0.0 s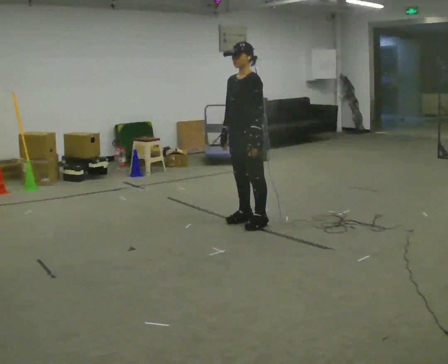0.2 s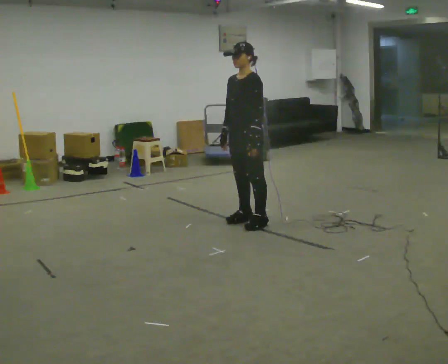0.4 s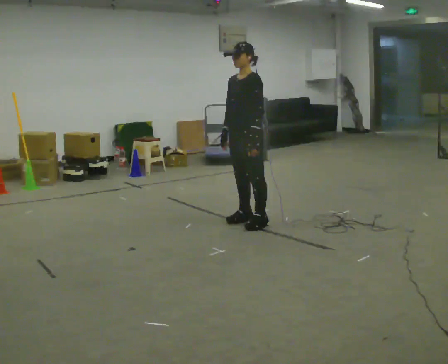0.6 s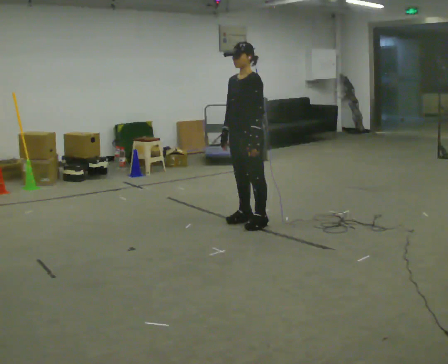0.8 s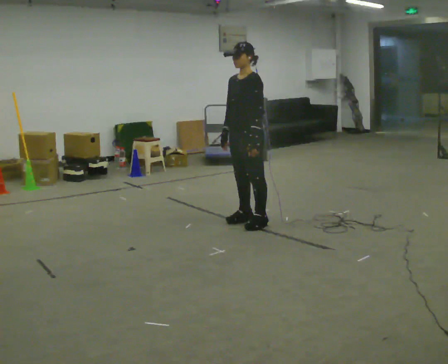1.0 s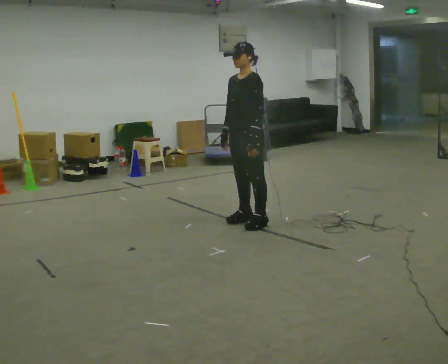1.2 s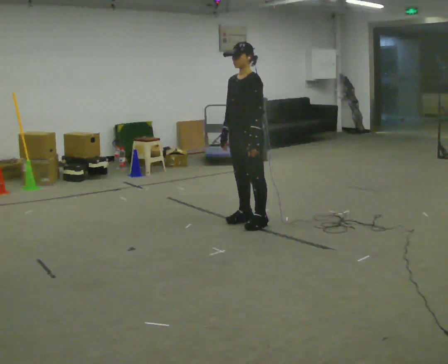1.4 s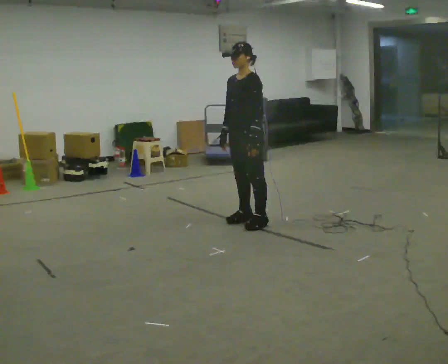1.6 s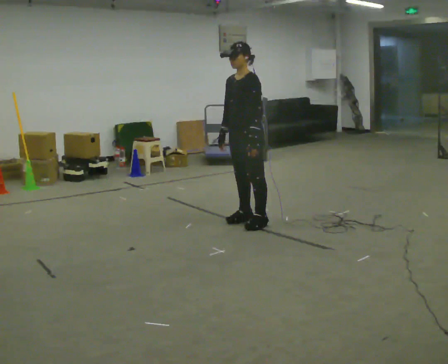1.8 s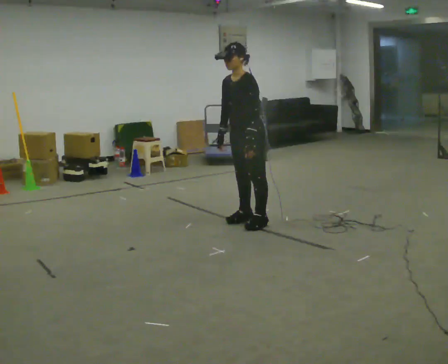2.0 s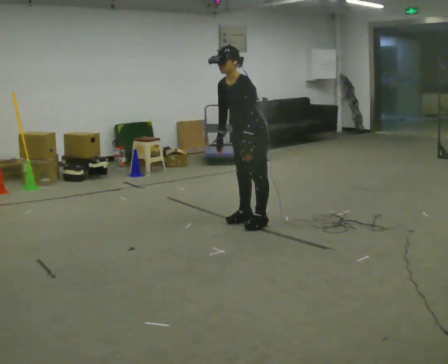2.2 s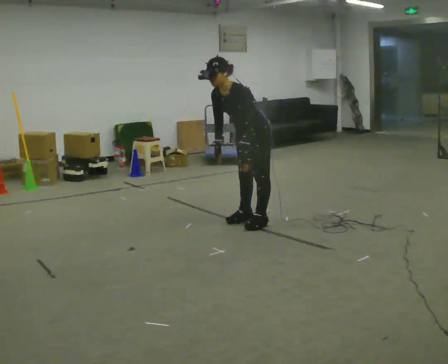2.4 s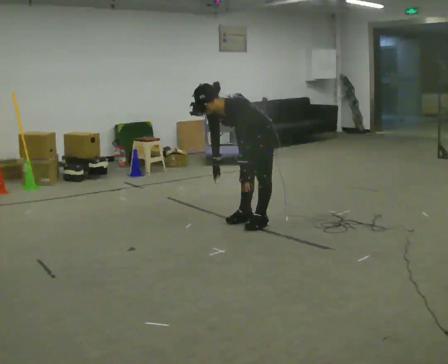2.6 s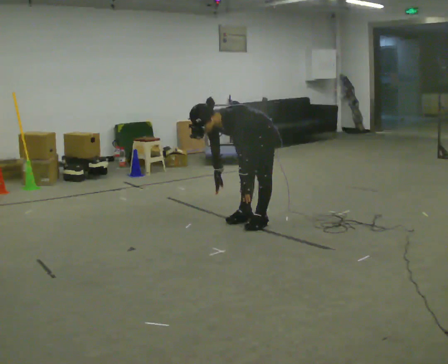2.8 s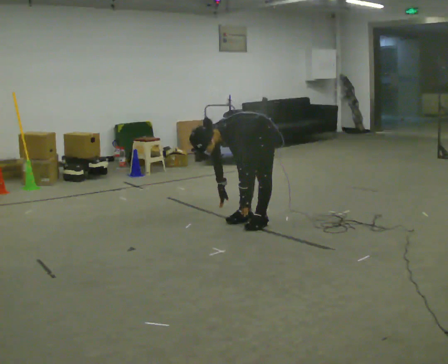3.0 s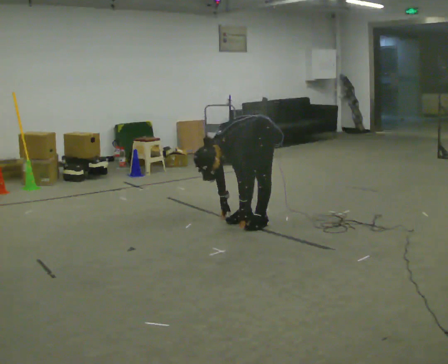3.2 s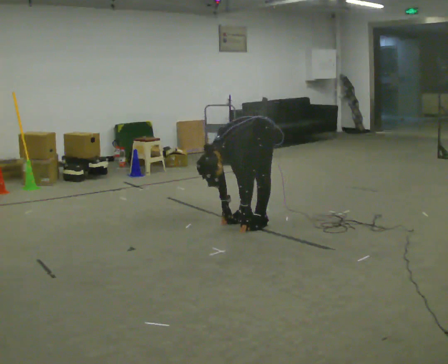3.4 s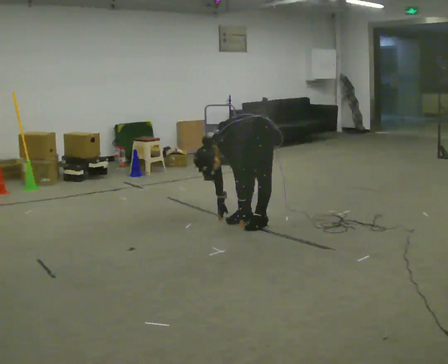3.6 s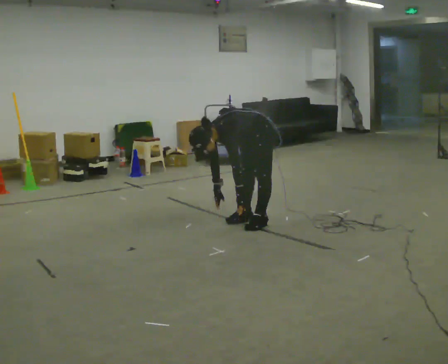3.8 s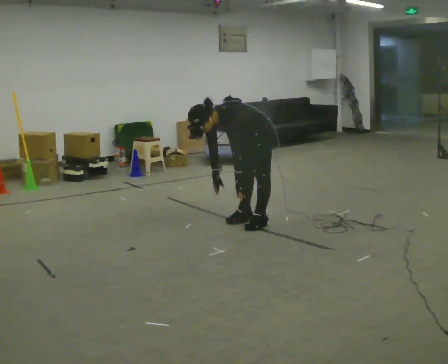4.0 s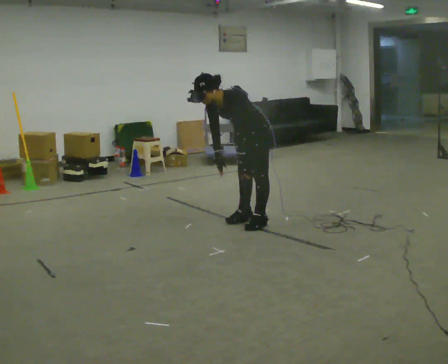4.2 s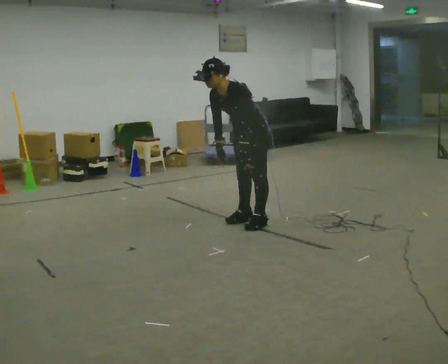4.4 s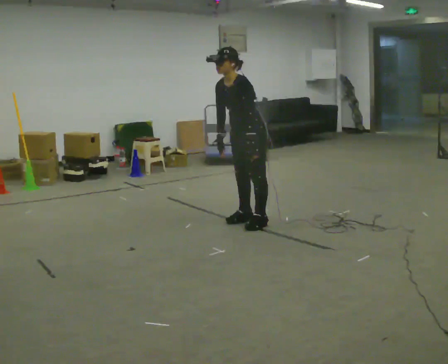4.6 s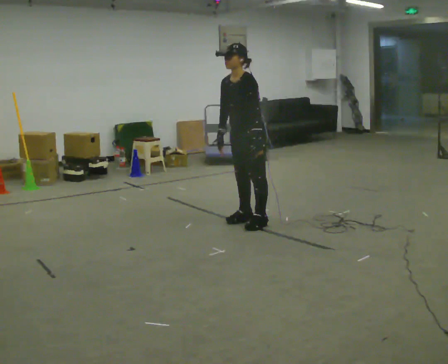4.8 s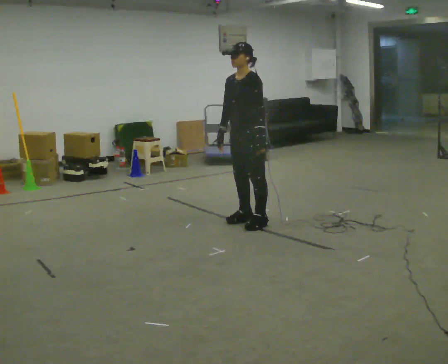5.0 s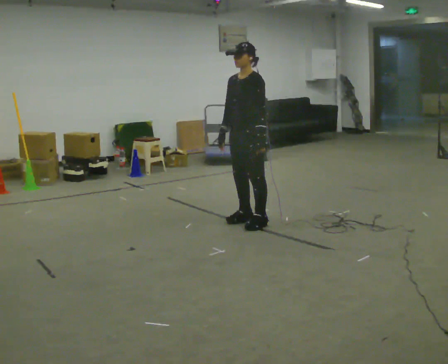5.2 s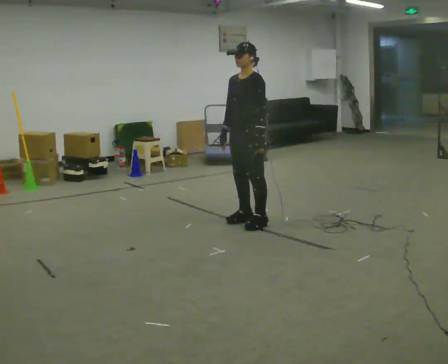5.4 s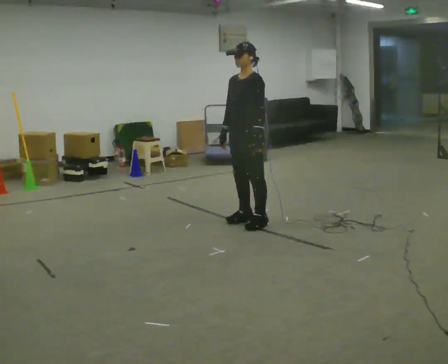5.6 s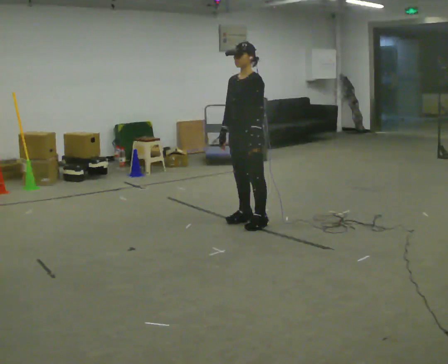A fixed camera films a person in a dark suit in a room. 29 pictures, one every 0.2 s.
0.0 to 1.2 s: The person keeps their place and pose.
1.2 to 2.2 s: In the picture the upper body tilts counterclockwise, shoulders to the left, as they bend forward.
2.2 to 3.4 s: The upper body goes downward. In the picture the upper body tilts counterclockwise, shoulders to the left, as they bend forward. In the picture their left hand goes downward.
3.4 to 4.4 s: The shoulders move upward. In the picture the upper body tilts clockwise, shoulders to the right, as they lean back or straighten. In the picture their left hand goes upward.
4.4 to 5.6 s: In the picture the upper body tilts clockwise, shoulders to the right, as they lean back or straighten.
The film runs forward here.
